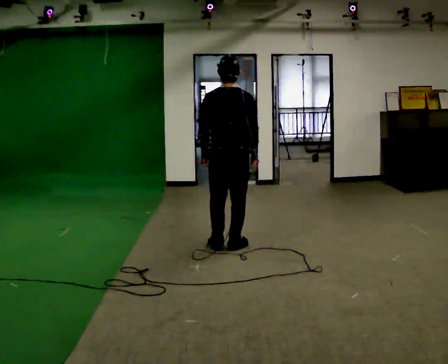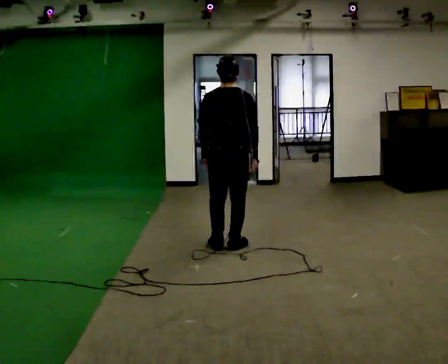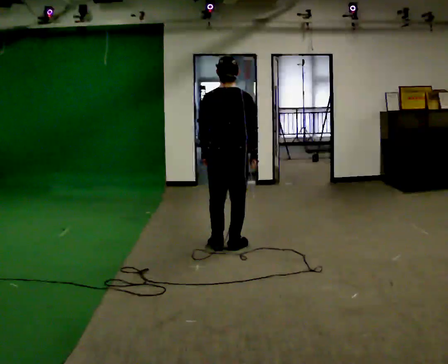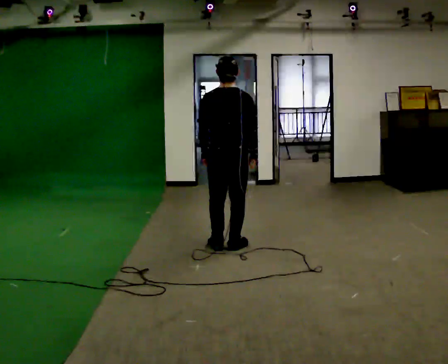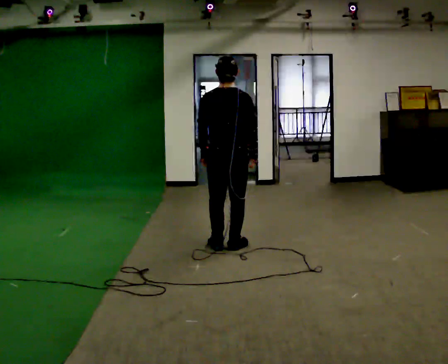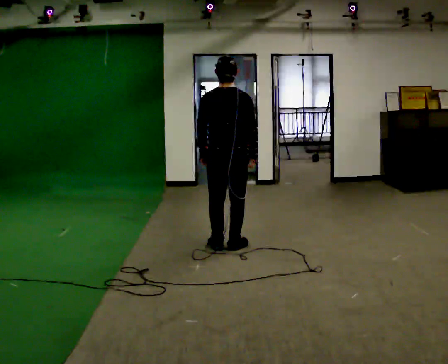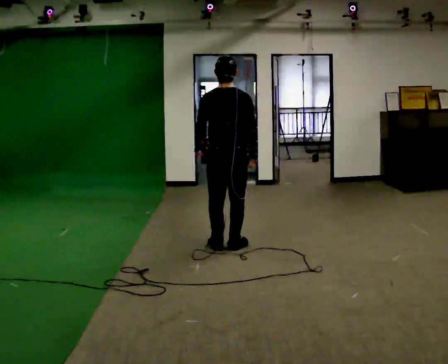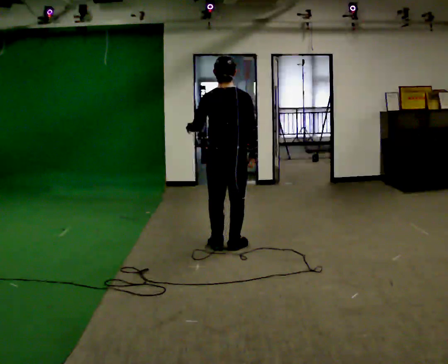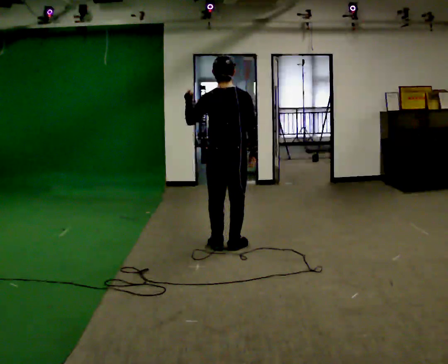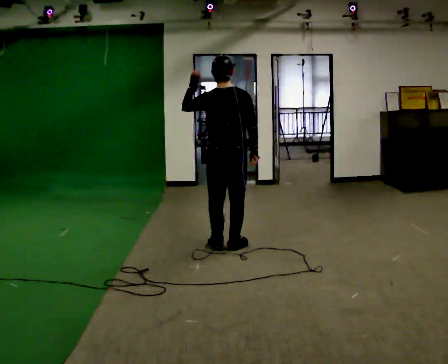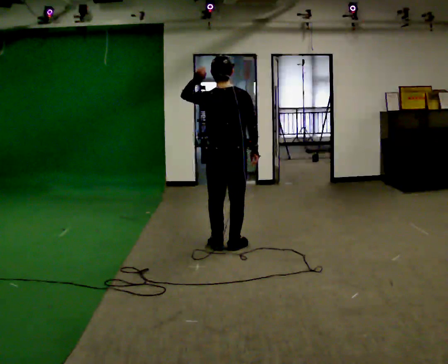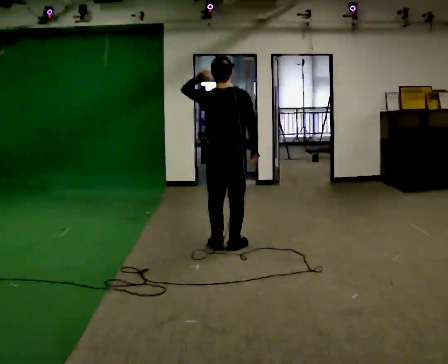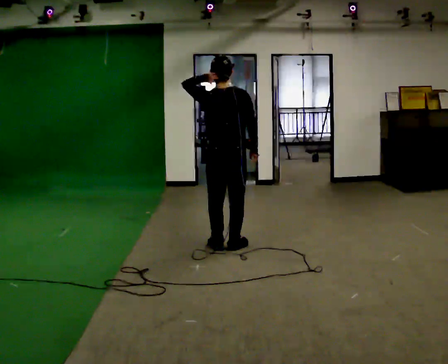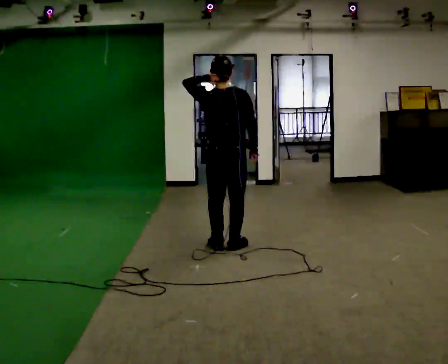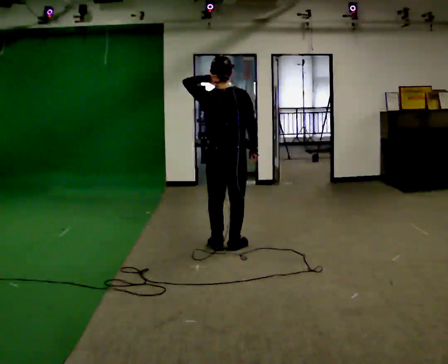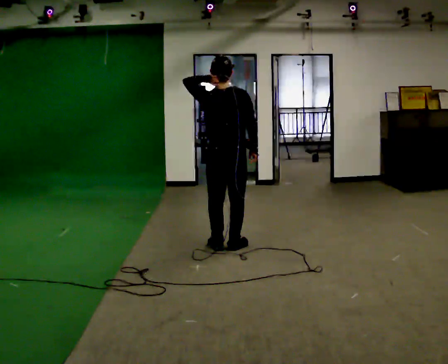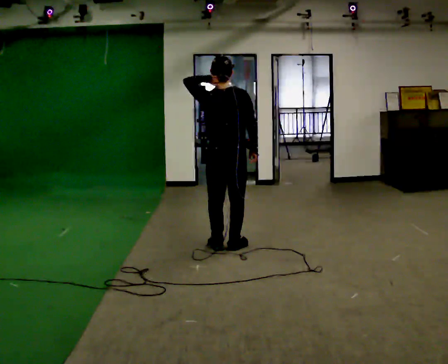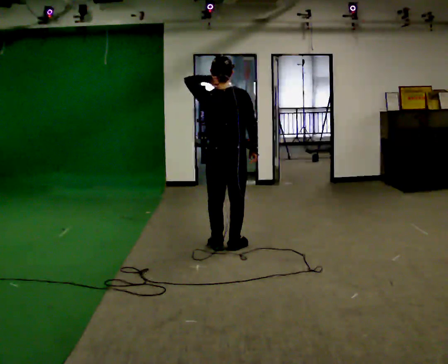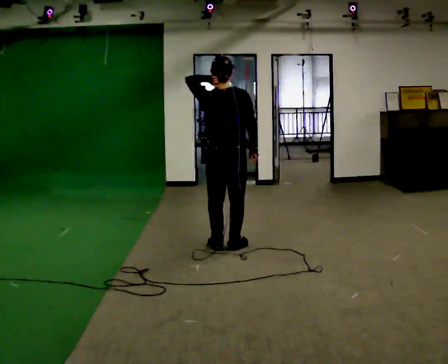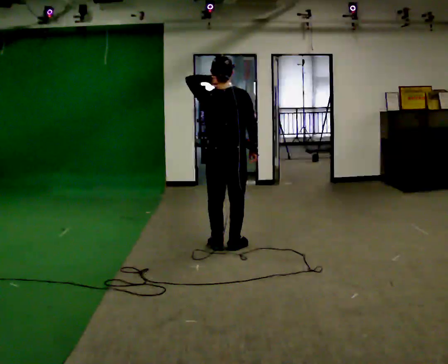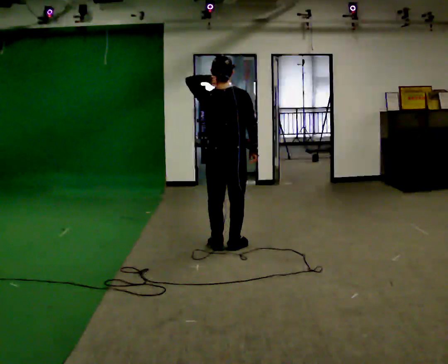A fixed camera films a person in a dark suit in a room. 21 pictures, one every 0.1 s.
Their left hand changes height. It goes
upward.
0.0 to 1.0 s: In the picture their left hand goes upward.
1.0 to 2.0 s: The person moves a little, or ends about where they began.
The film runs forward here.
